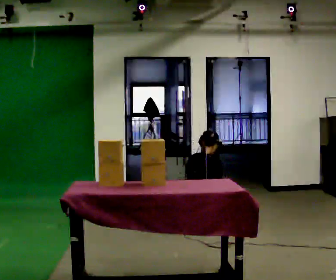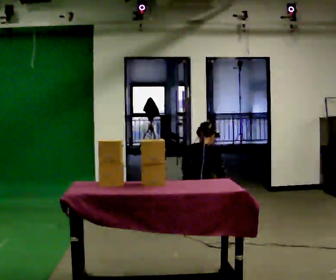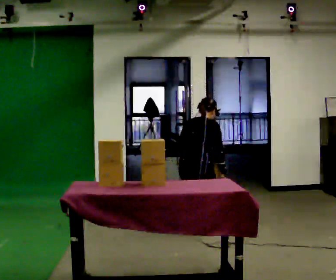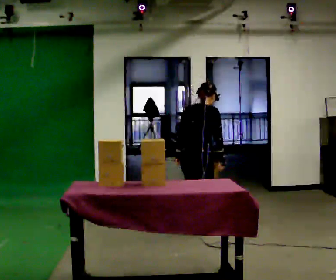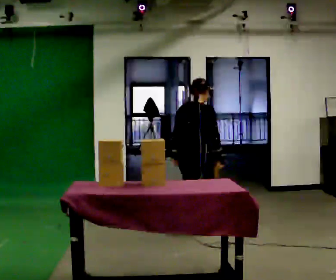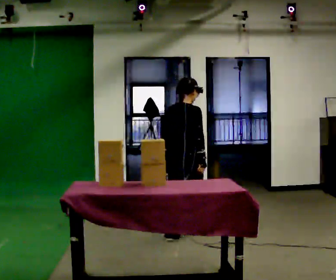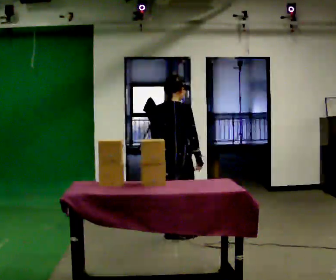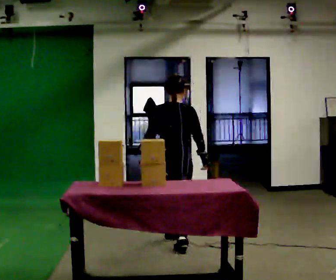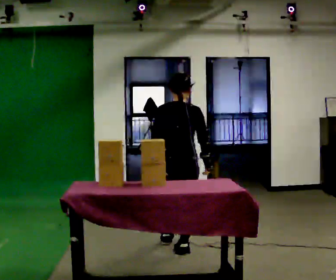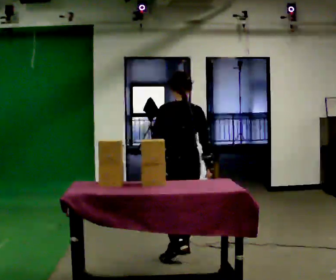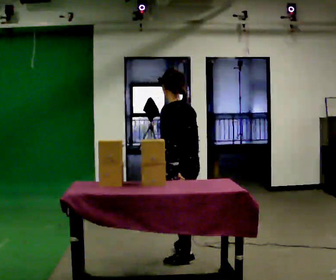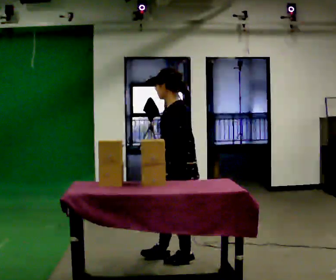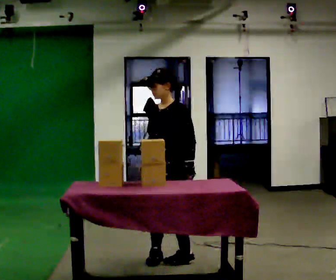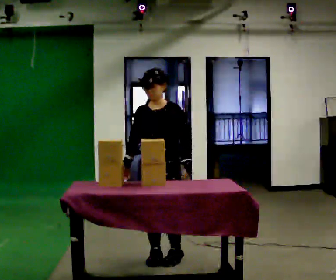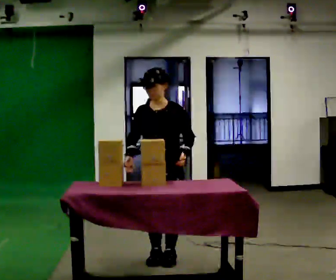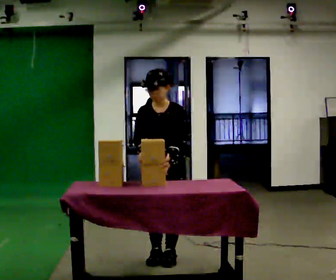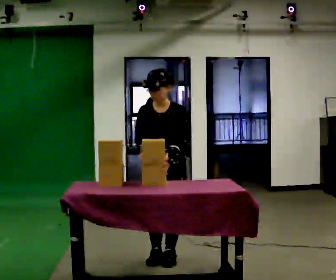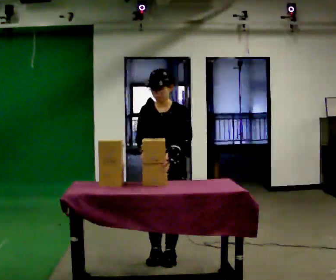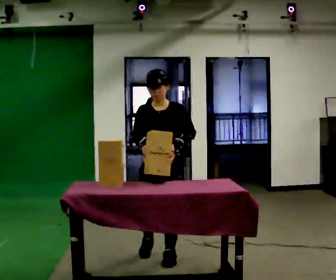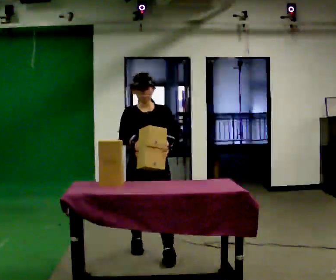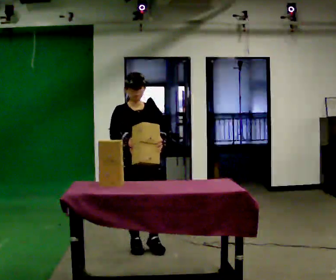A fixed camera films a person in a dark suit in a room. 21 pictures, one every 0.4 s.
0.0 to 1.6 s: In the picture they go toward the camera, about 0.25 m in 1 step, which for them is backward. The upper body goes upward. In the picture their left hand goes upward.
1.6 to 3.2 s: The person turns about 30 degrees to their left, counterclockwise seen from above, so the part of the body nearest the lens slides to the right. In the picture they go toward the camera, about 0.5 m in 2 steps, which for them is backward.
3.2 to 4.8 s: The person turns about 135 degrees to their left, counterclockwise seen from above, so the part of the body nearest the lens slides to the right. In the picture they go toward the camera, about 0.25 m in 1 step.
4.8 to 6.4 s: The person turns about 45 degrees to their left, counterclockwise seen from above, so the part of the body nearest the lens slides to the right.
6.4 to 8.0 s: The person turns about 30 degrees to their left, counterclockwise seen from above, so the part of the body nearest the lens slides to the right. In the picture they go away from the camera and to the left, about 0.5 m in 2 steps, which for them is backward and to their right.
The film runs backward here.
